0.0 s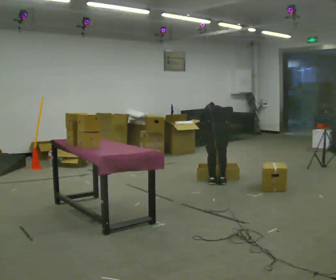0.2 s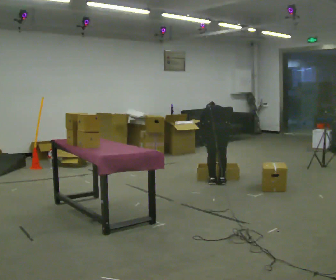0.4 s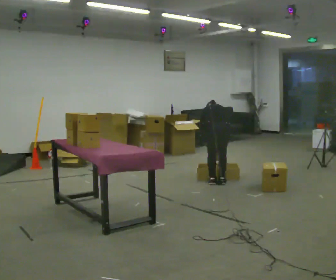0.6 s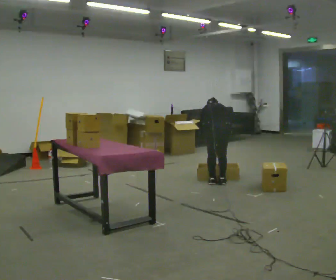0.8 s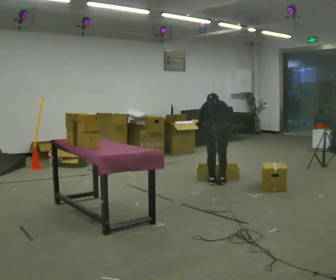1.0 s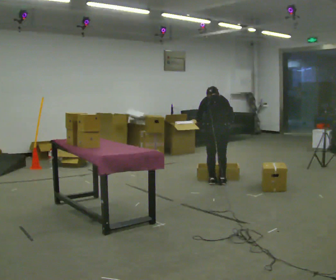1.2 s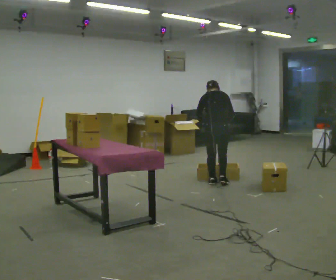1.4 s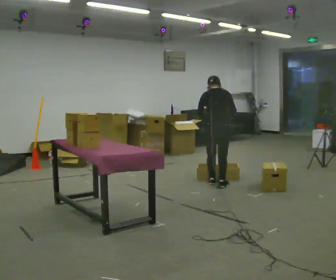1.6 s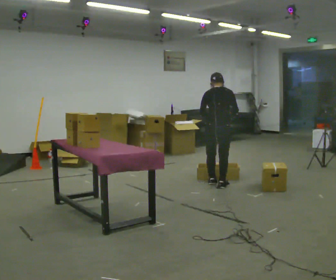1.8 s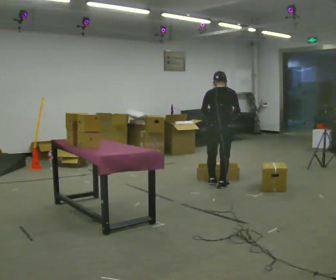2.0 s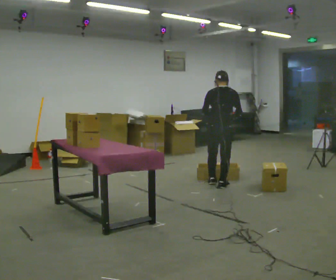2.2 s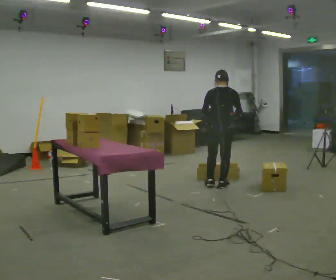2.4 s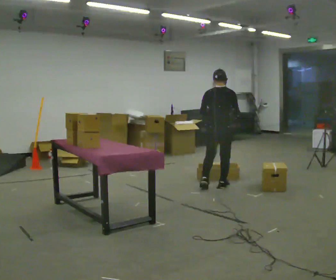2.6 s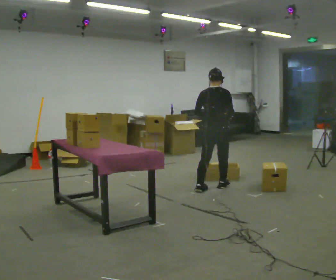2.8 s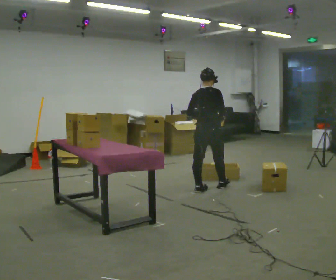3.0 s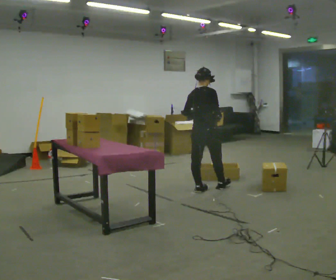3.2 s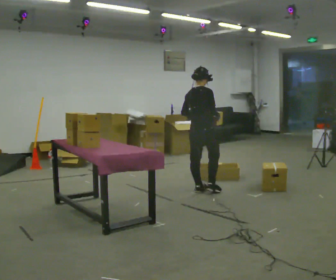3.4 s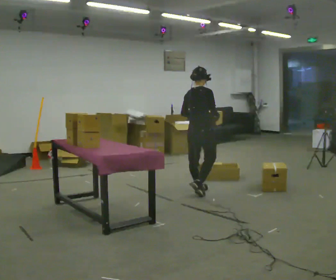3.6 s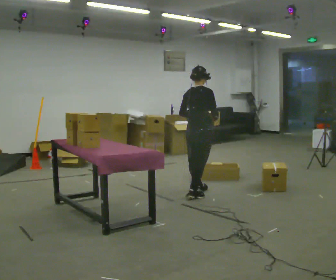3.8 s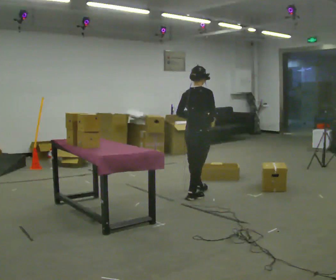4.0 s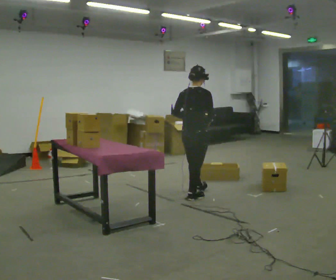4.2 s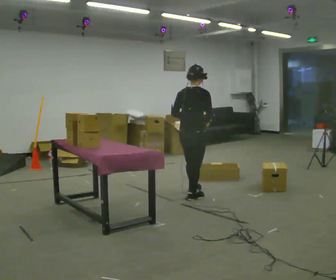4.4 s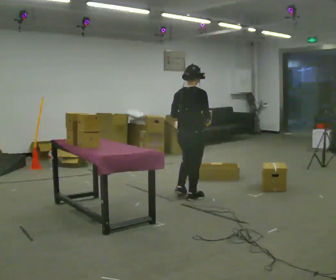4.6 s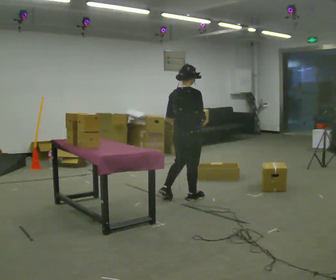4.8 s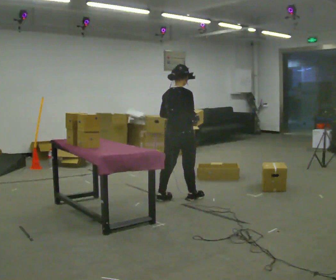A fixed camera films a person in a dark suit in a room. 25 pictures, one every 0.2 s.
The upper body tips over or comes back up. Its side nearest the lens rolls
downward.
Their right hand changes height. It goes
upward.
0.0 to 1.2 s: The shoulders move upward. The upper body tips toward the camera, its near side rolling downward, as they lean back or straighten. In the picture their right hand goes upward.
1.2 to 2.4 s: In the picture they go toward the camera, about 0.25 m in 1 step, which for them is backward. The upper body tips toward the camera, its near side rolling downward, as they lean back or straighten.
2.4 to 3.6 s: Seen from above the body turns clockwise, about 30 degrees: to their right, with its near side sliding to the left. In the picture they go to the left and toward the camera, about 0.5 m in 1 step, which for them is backward.
3.6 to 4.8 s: In the picture they go toward the camera and to the left, about 0.25 m in 1 step, which for them is backward.
The film runs backward here.
